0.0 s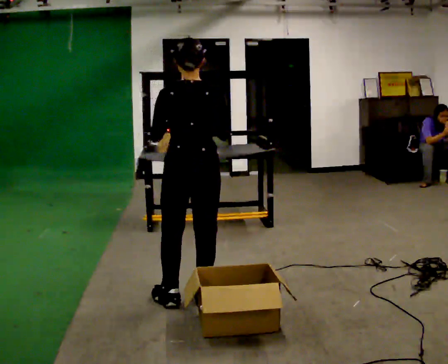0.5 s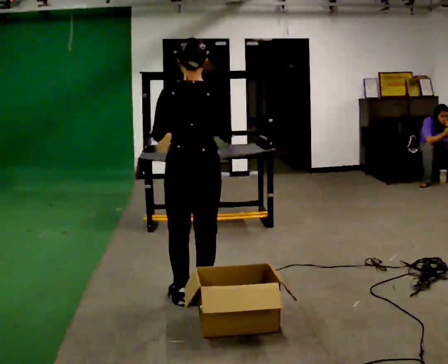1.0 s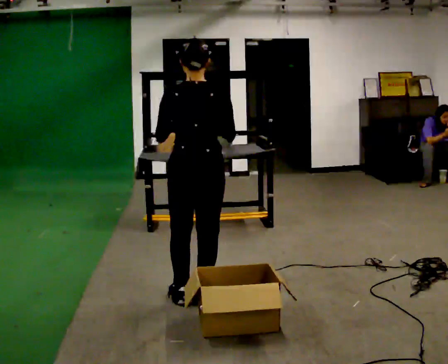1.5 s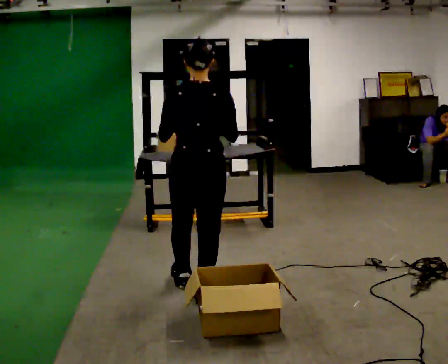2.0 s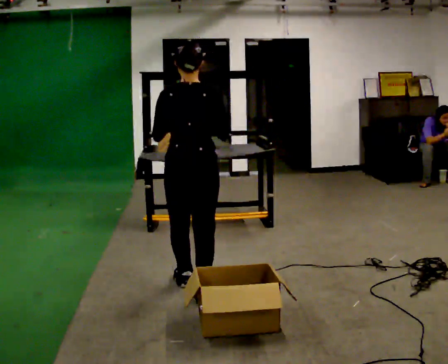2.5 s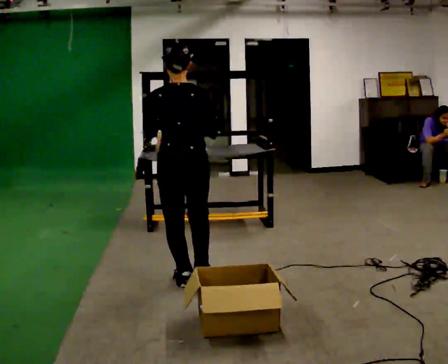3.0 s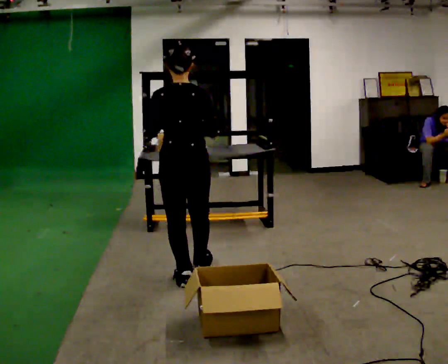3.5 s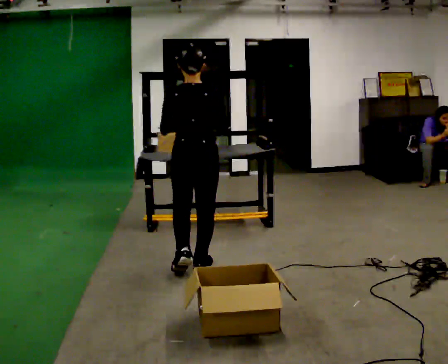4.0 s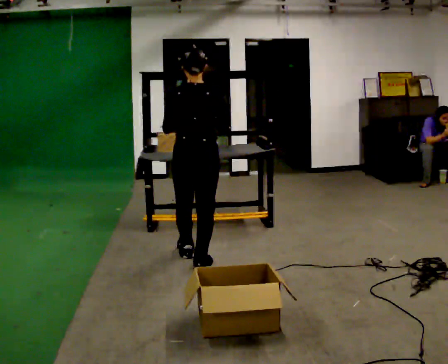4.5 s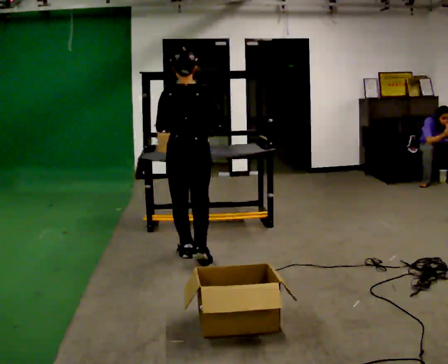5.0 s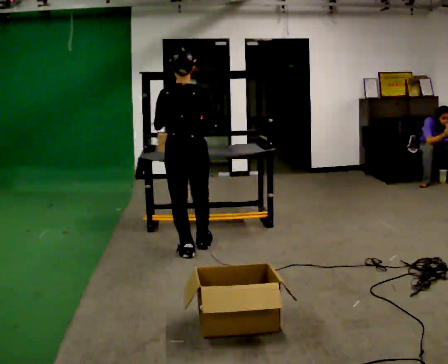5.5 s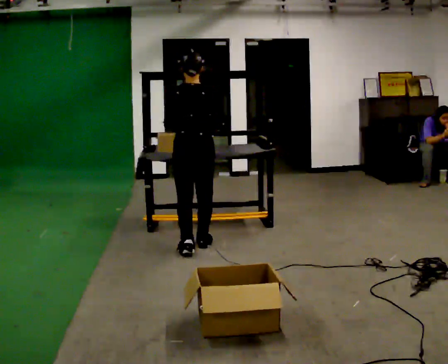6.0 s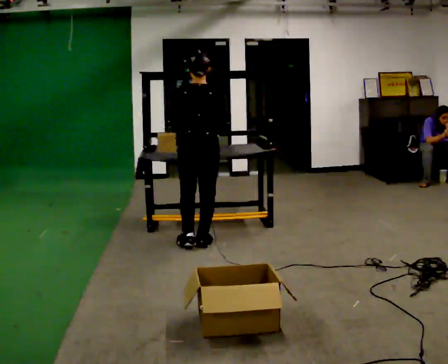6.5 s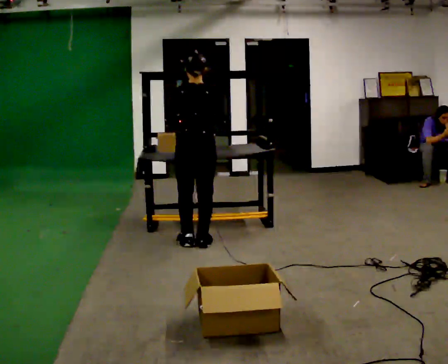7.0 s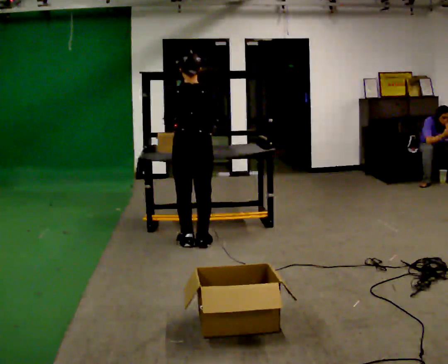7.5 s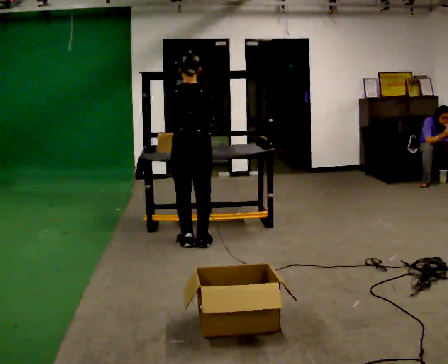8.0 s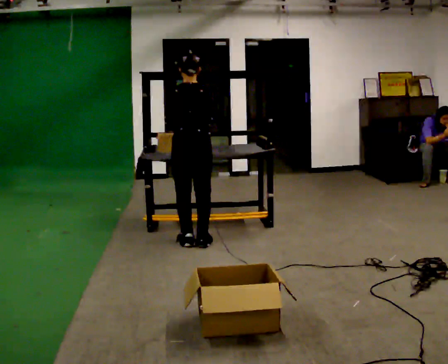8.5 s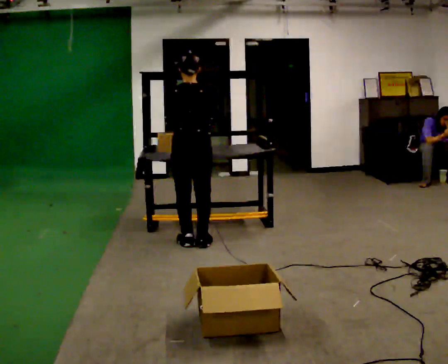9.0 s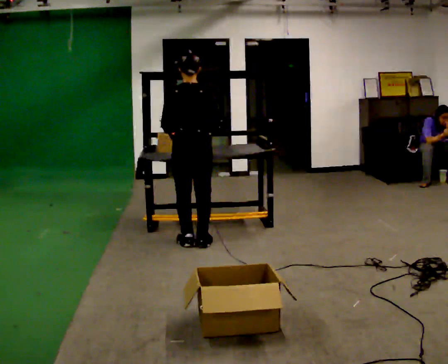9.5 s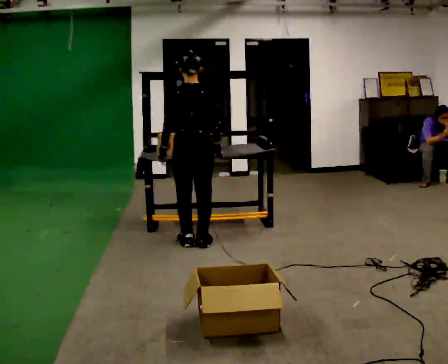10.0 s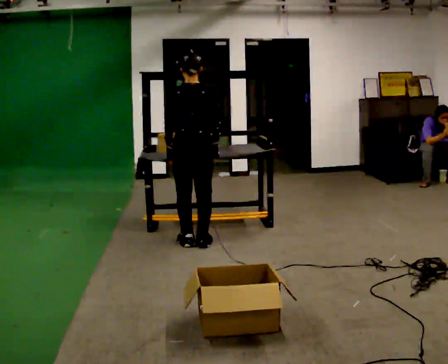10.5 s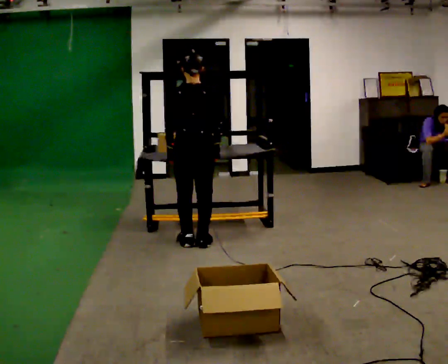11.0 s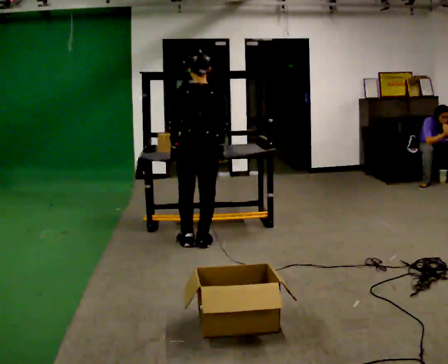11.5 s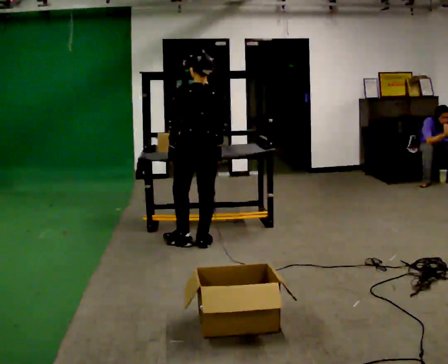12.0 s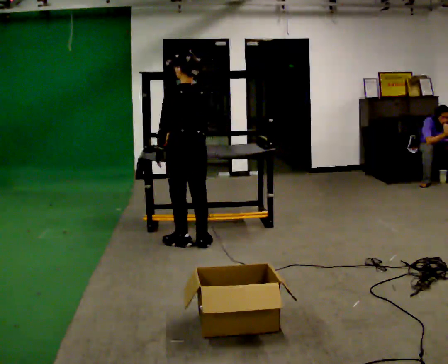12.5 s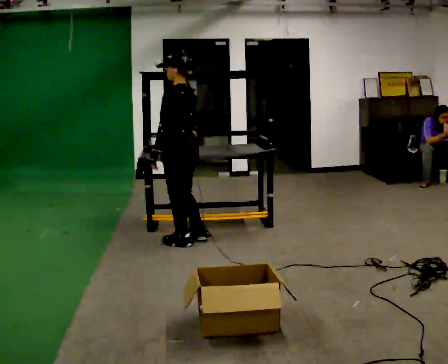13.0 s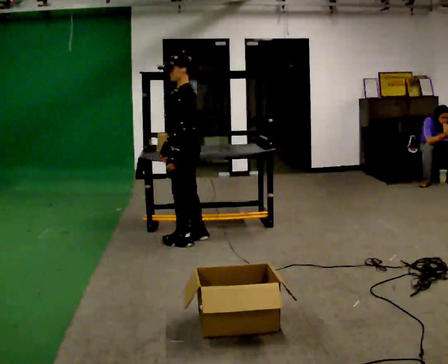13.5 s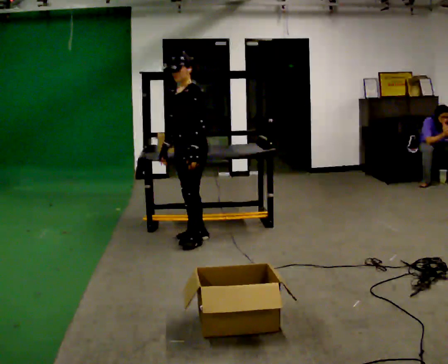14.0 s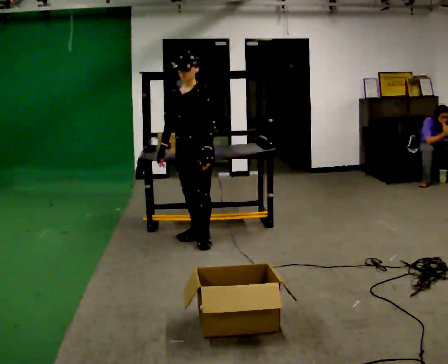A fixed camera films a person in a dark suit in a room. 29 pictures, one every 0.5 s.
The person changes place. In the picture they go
away from the camera.
The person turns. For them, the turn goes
to their left.
0.0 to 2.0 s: The person moves a little, or ends about where they began.
2.0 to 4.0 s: In the picture they go away from the camera, about 0.5 m in 2 steps, which for them is forward.
4.0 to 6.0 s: In the picture they go away from the camera, about 0.5 m in 1 step, which for them is forward.
6.0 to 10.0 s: The person moves a little, or ends about where they began.
10.0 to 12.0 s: The person turns about 30 degrees to their left, counterclockwise seen from above, so the part of the body nearest the lens slides to the right.
12.0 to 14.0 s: The person turns about 105 degrees to their left, counterclockwise seen from above, so the part of the body nearest the lens slides to the right. In the picture their left hand goes to the right.
The film runs forward here.
